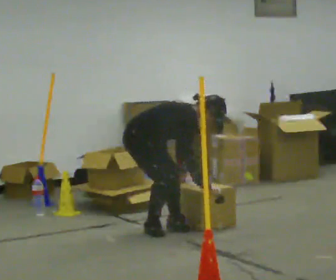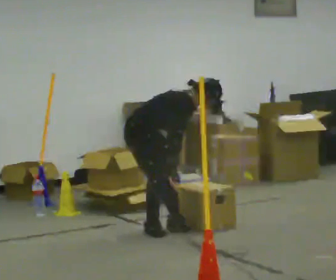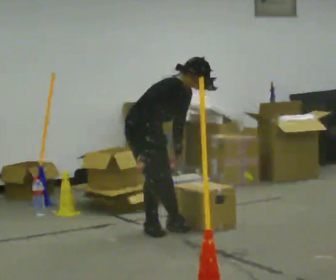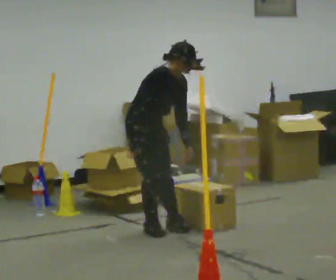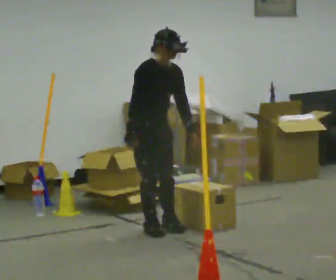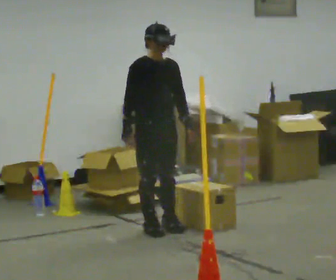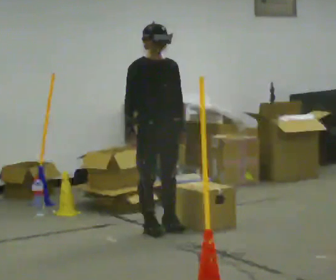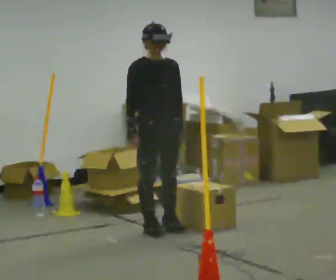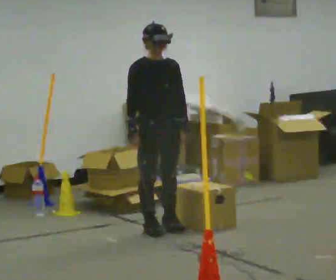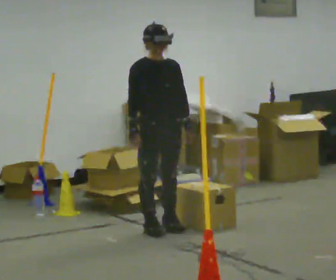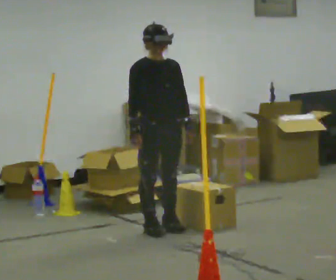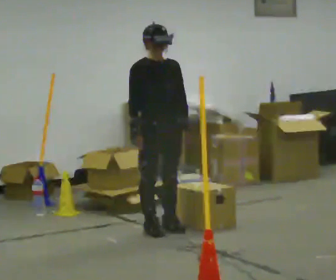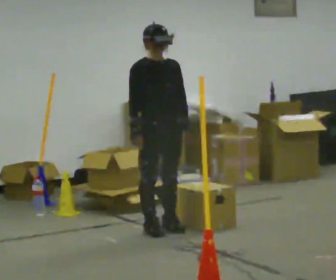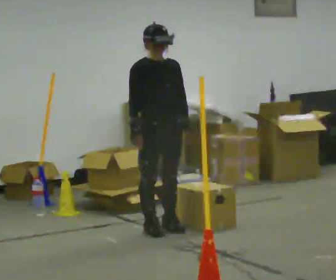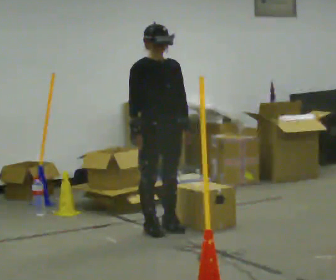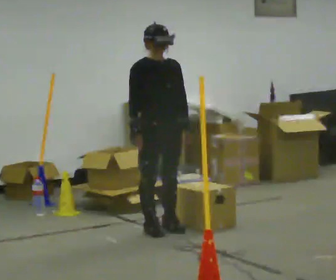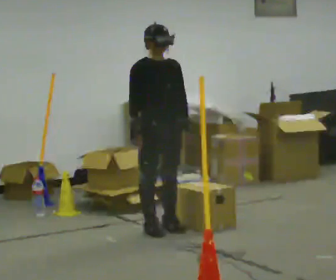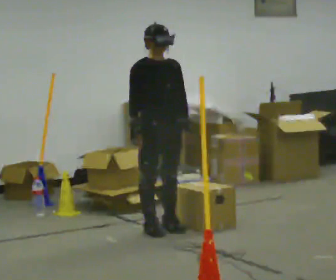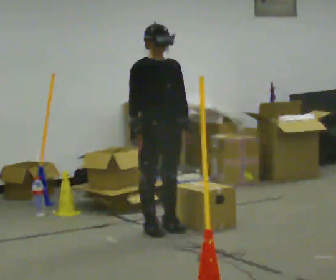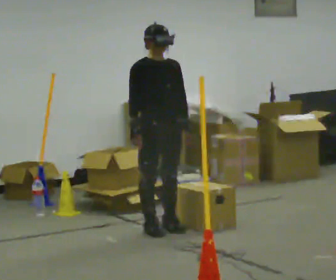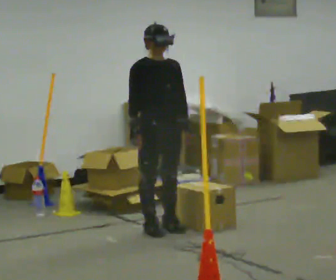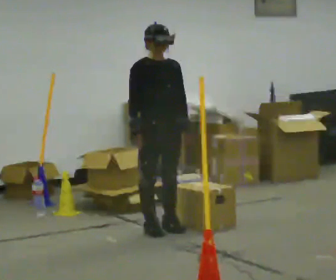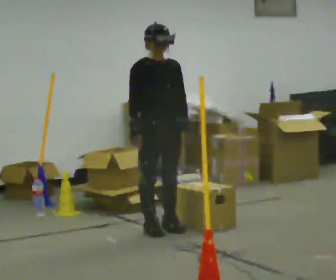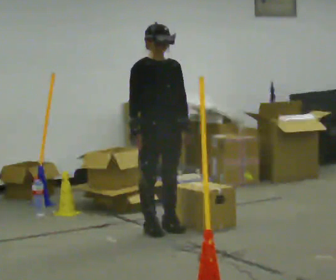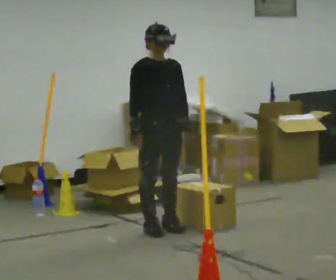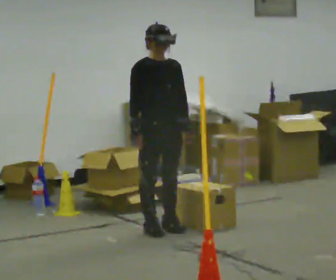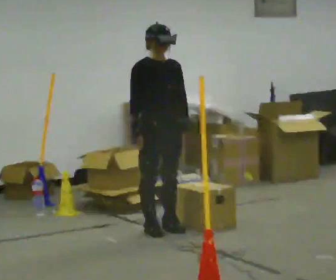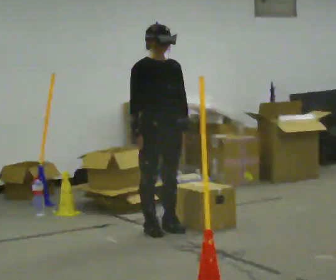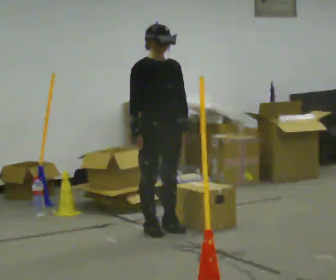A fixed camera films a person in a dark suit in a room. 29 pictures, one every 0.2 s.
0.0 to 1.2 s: Seen from above the body turns clockwise, about 45 degrees: to their right, with its near side sliding to the left. The upper body goes upward. In the picture the upper body tilts counterclockwise, shoulders to the left, as they lean back or straighten. In the picture their left hand goes upward.
1.2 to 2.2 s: The person moves a little, or ends about where they began.
2.2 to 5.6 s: The person keeps their place and pose.
The film runs forward here.
